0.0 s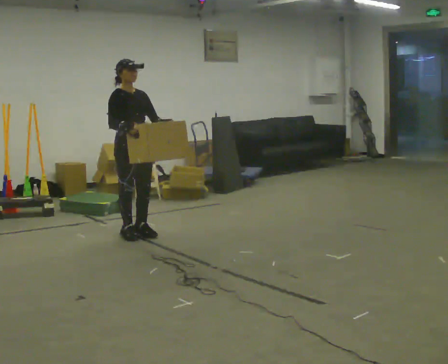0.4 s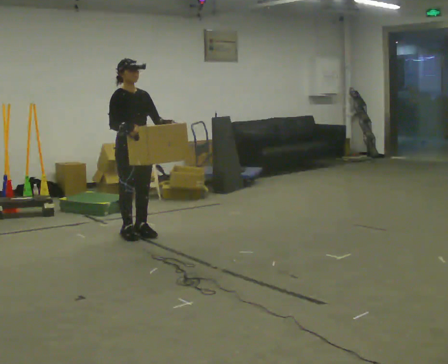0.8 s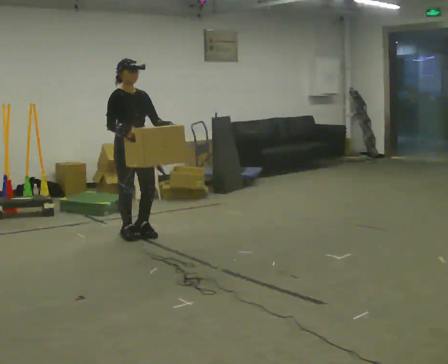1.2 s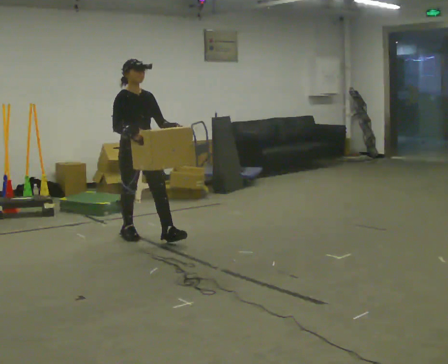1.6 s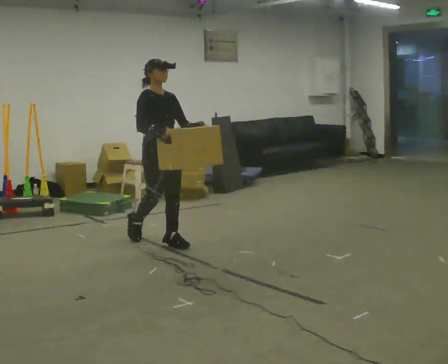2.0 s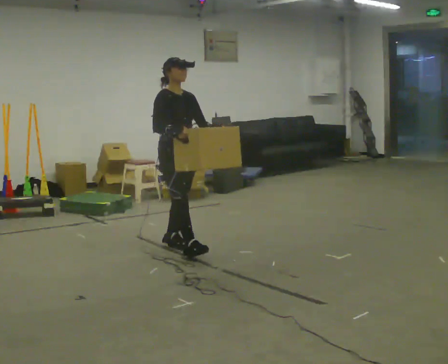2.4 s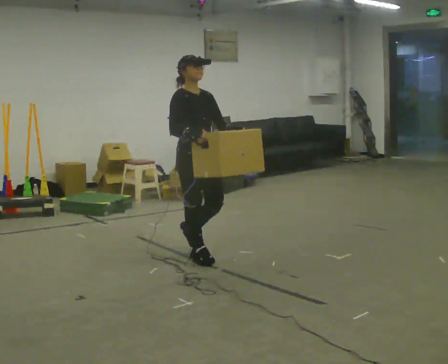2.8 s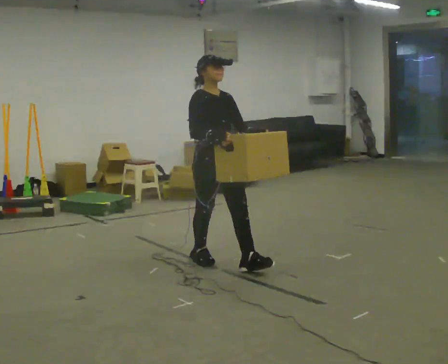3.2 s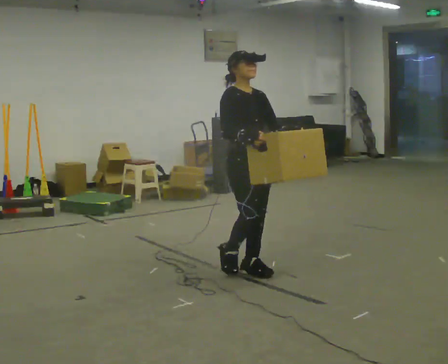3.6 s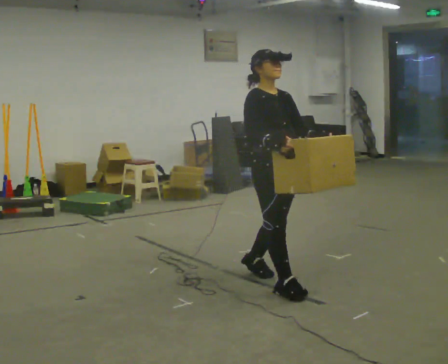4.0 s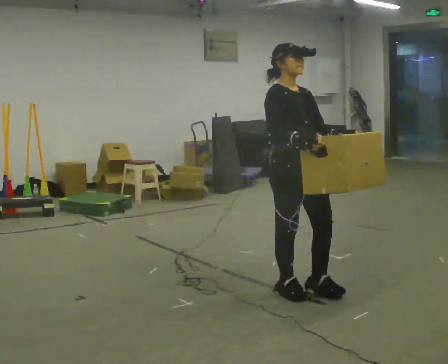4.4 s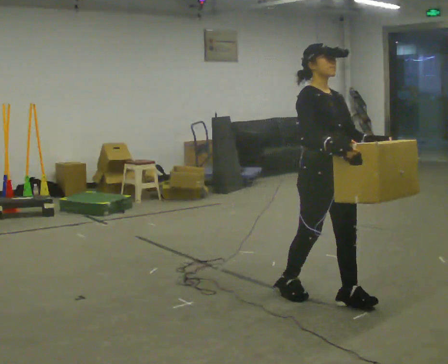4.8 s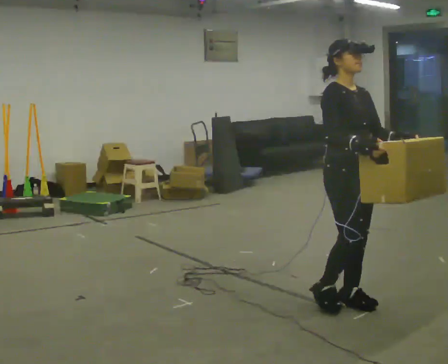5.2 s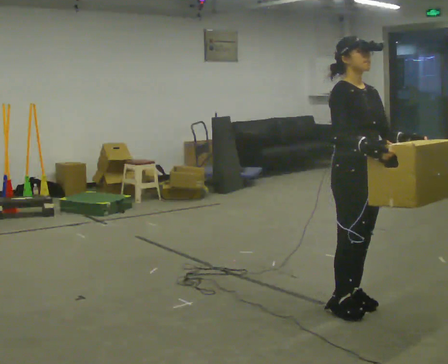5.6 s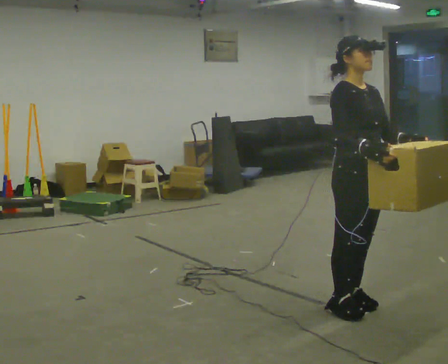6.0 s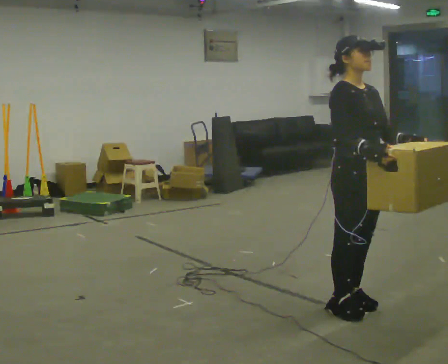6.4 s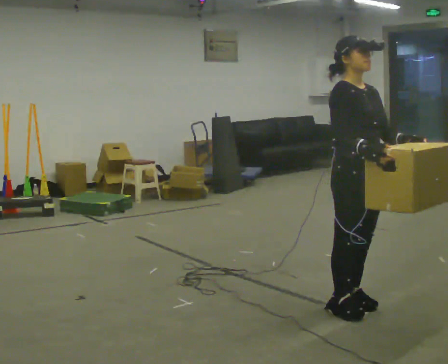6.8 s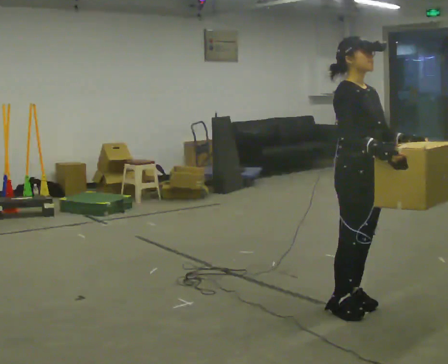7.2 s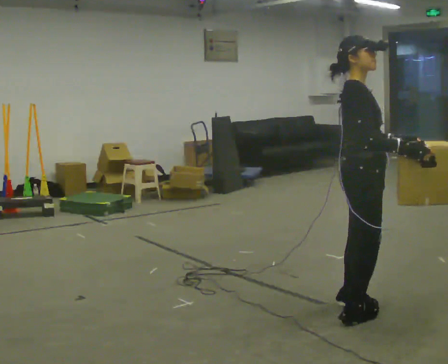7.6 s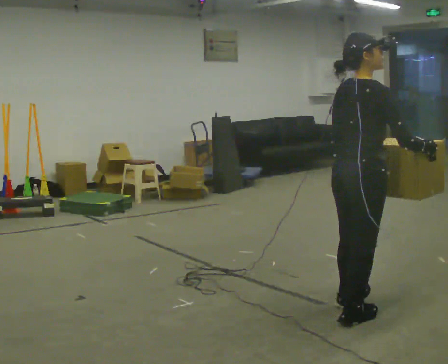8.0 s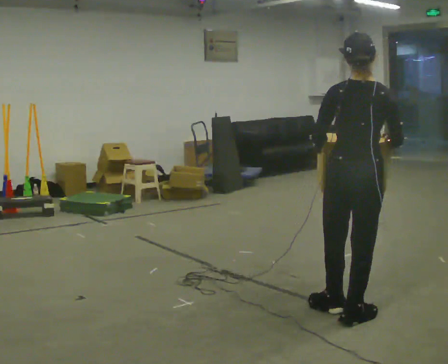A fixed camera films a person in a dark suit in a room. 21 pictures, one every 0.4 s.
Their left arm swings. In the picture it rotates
clockwise.
0.0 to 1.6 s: In the picture they go to the right and toward the camera, about 0.25 m in 1 step, which for them is forward.
1.6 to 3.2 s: In the picture they go to the right and toward the camera, about 1 m in 2 steps, which for them is forward.
3.2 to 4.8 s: In the picture they go to the right and toward the camera, about 1 m in 2 steps, which for them is forward.
4.8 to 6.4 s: The person moves a little, or ends about where they began.
6.4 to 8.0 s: The person turns about 135 degrees to their left, counterclockwise seen from above, so the part of the body nearest the lens slides to the right.
The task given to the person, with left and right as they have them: Carry the box across the room, stopping and starting again each time the operator says stop and go. Do not set the box down.
The film runs forward here.
